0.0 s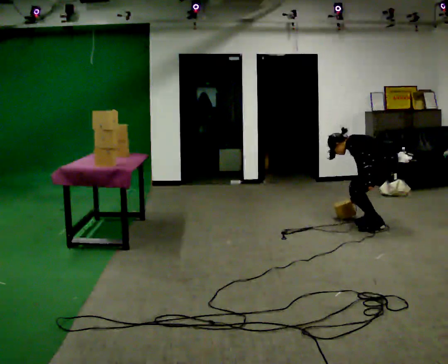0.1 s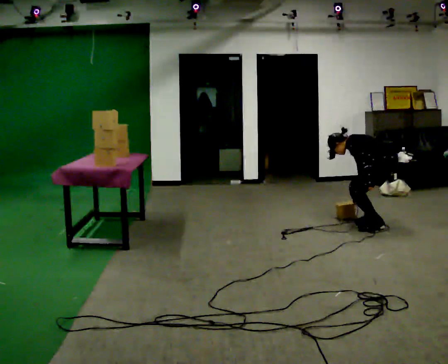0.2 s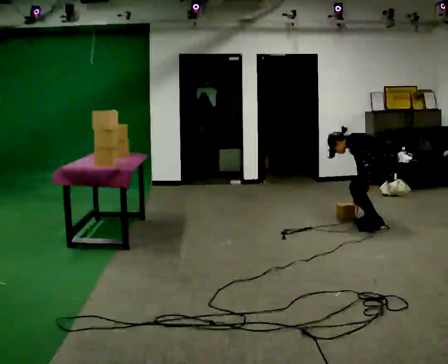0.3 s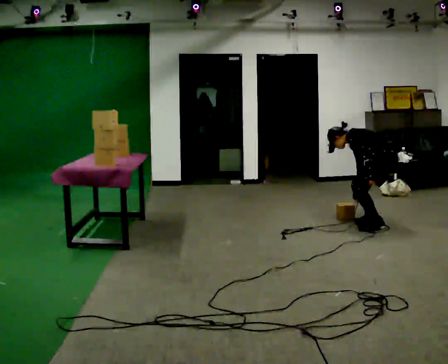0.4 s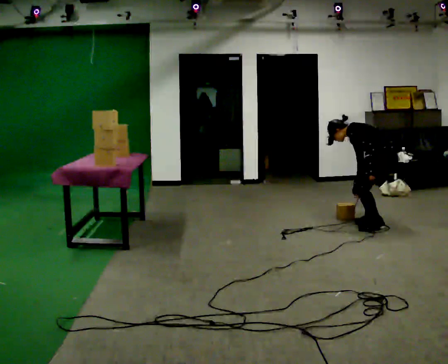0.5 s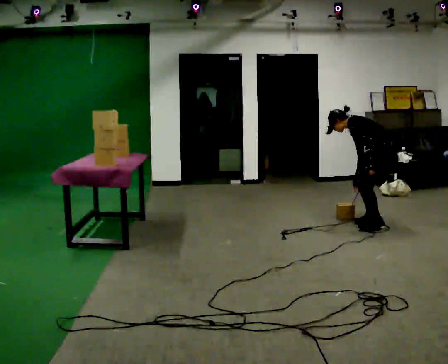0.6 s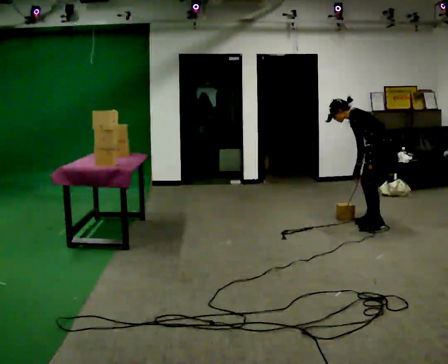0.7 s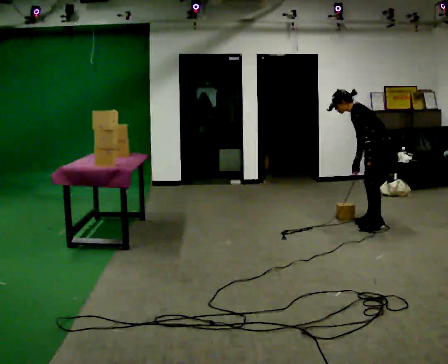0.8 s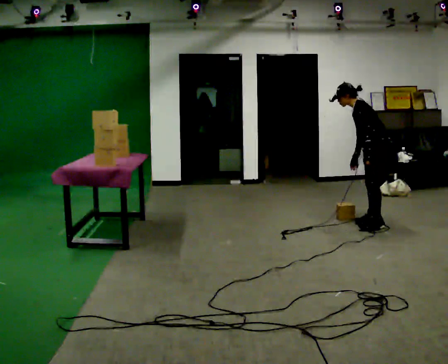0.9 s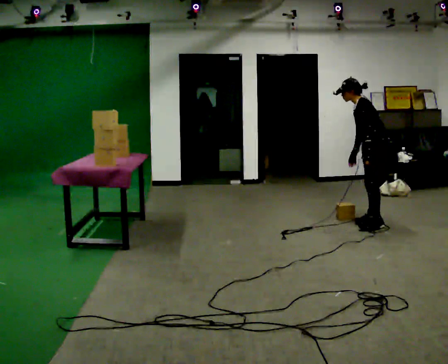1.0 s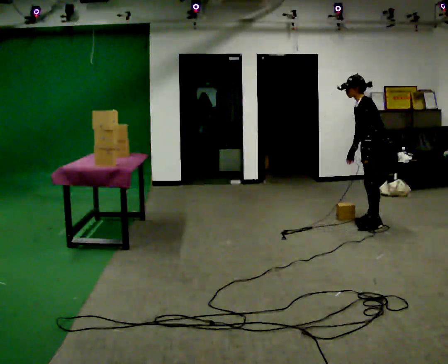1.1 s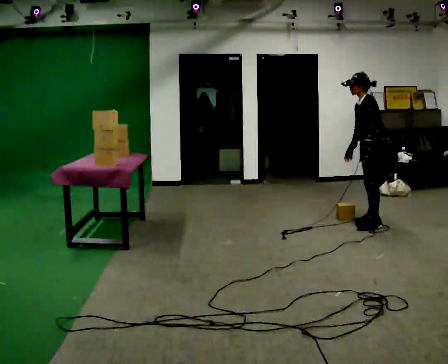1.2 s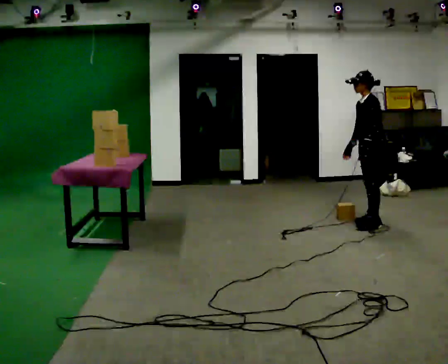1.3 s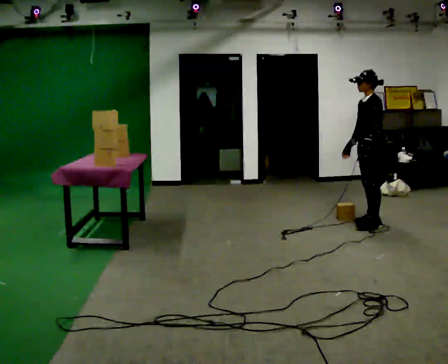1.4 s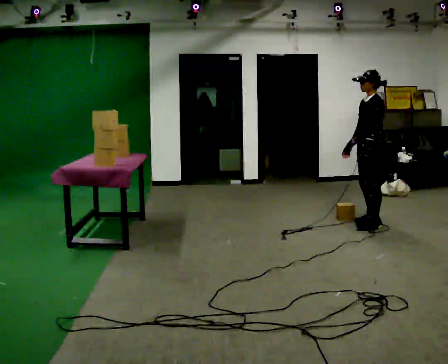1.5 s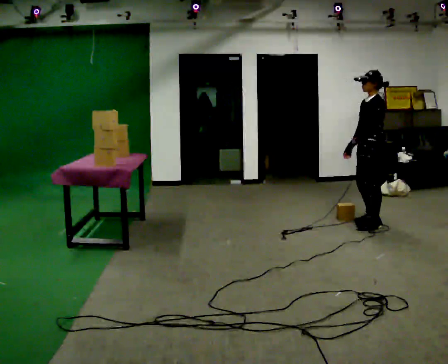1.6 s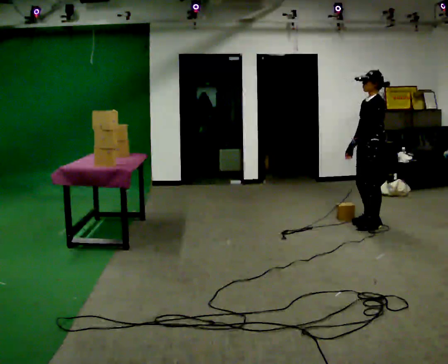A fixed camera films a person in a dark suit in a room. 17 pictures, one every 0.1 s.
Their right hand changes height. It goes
upward.
The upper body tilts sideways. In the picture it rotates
clockwise.
0.0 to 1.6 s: The upper body goes upward. In the picture the upper body tilts clockwise, shoulders to the right, as they lean back or straighten. In the picture their right hand goes upward.
The film runs forward here.
